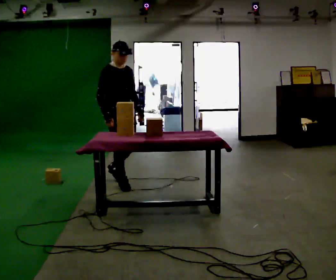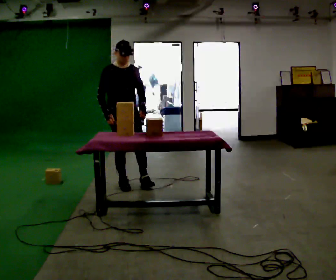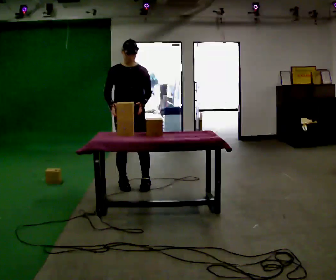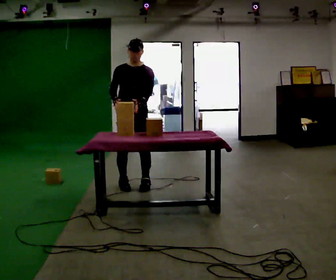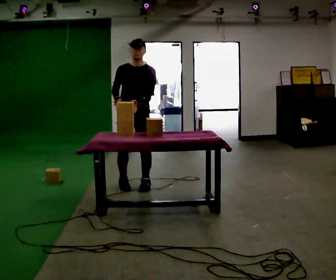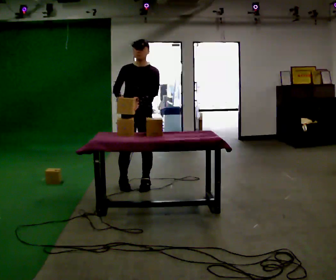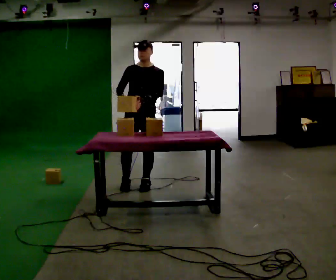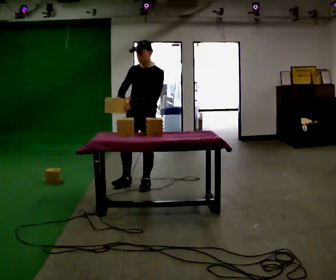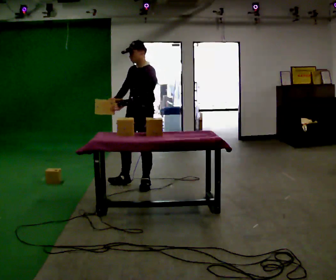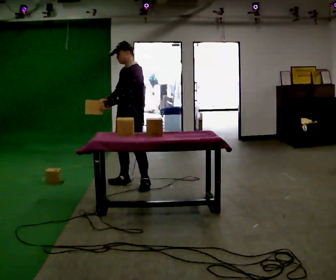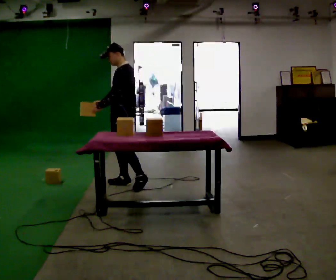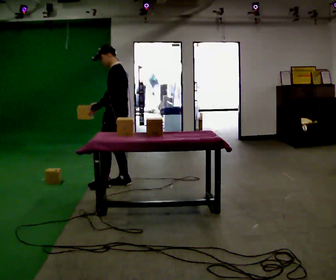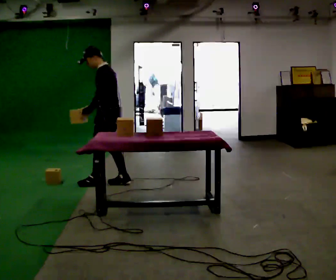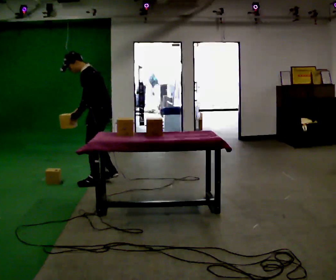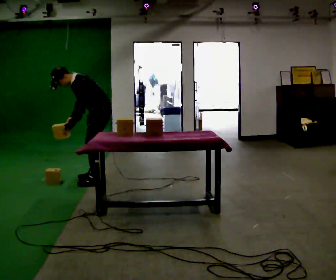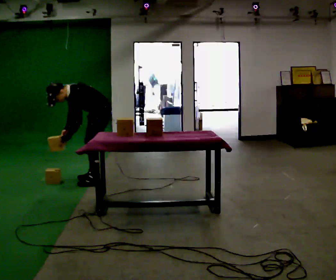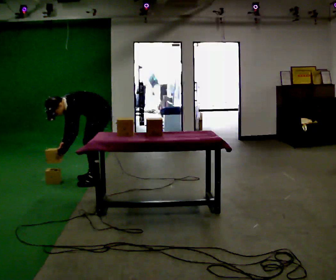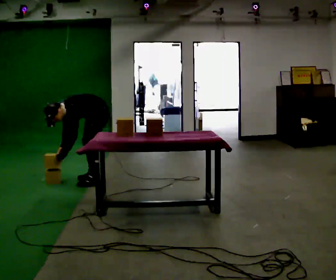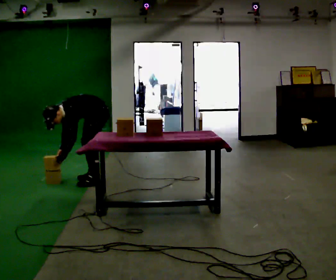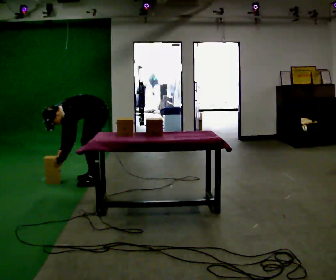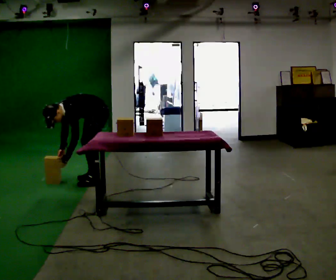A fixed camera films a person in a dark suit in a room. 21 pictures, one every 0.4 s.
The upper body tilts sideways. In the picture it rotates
counterclockwise.
The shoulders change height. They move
downward.
0.0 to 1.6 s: Seen from above the body turns clockwise, about 60 degrees: to their right, with its near side sliding to the left. In the picture they go to the right, about 0.25 m in 1 step, which for them is to their left.
1.6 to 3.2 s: Seen from above the body turns clockwise, about 45 degrees: to their right, with its near side sliding to the left.
3.2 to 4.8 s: Seen from above the body turns clockwise, about 45 degrees: to their right, with its near side sliding to the left. In the picture they go to the left, about 0.5 m in 1 step, which for them is forward and to their right.
4.8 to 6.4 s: Seen from above the body turns counterclockwise, about 30 degrees: to their left, with its near side sliding to the right. In the picture they go away from the camera, about 0.25 m in 1 step, which for them is to their right. The upper body goes downward. In the picture the upper body tilts counterclockwise, shoulders to the left, as they bend forward. In the picture their left hand goes downward.
6.4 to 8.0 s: The person moves a little, or ends about where they began.
The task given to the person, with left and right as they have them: Carry the object over and line it up with the mark on the surface as accurately as you can. Keep going until the operator says stop; one object at a time, and do not rush between trips.
The film runs forward here.
